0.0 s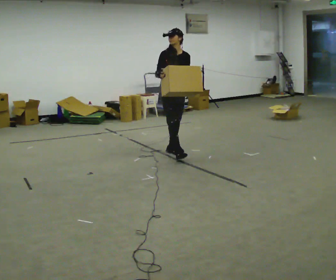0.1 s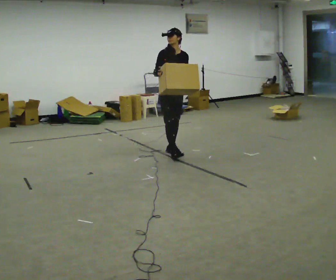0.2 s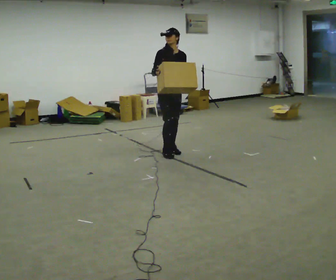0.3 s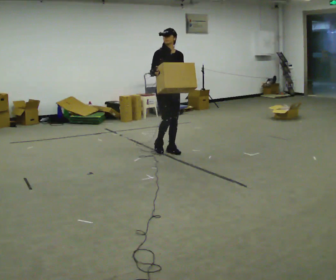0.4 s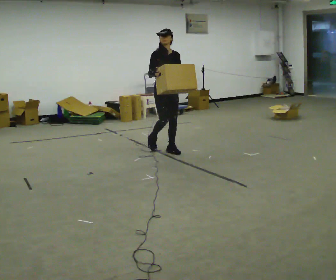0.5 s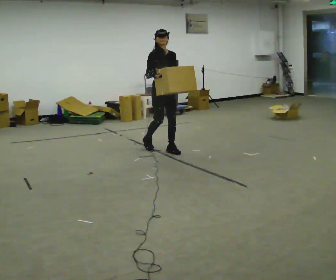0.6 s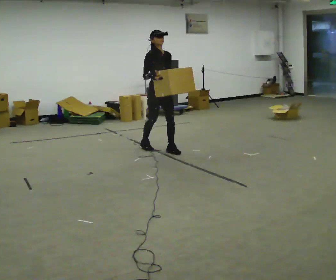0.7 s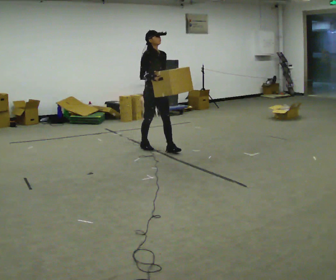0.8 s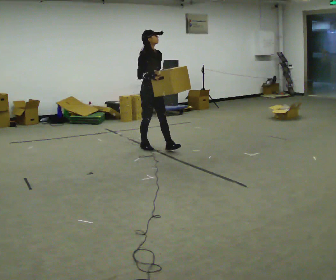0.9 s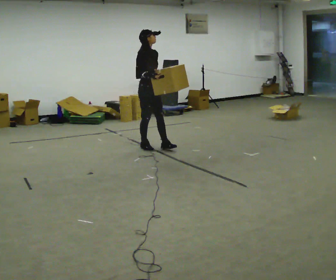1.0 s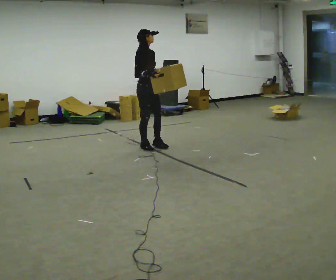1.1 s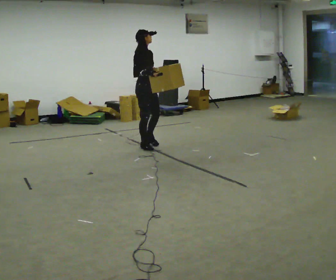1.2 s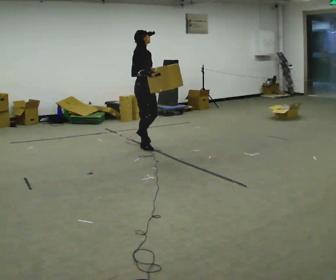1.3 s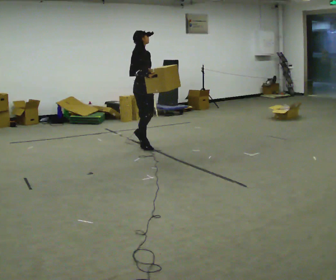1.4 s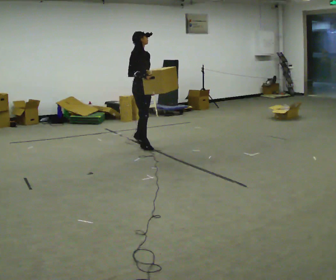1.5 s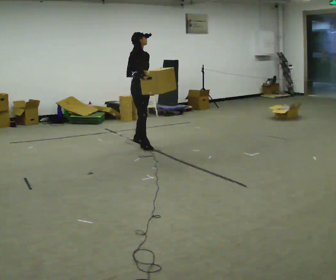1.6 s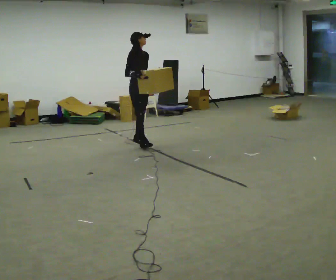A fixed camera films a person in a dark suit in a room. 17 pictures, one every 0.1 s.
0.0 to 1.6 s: The part of the body nearest the lens slides to the right as the person turns to their left by about 30 degrees. In the picture they go away from the camera and to the left, about 1 m in 2 steps, which for them is backward.
The film runs backward here.
